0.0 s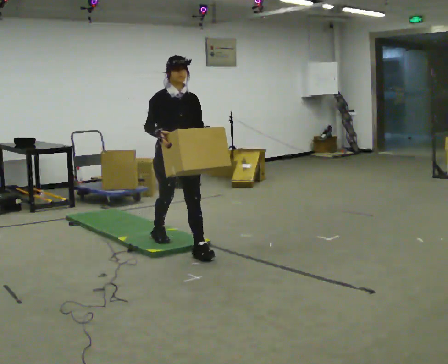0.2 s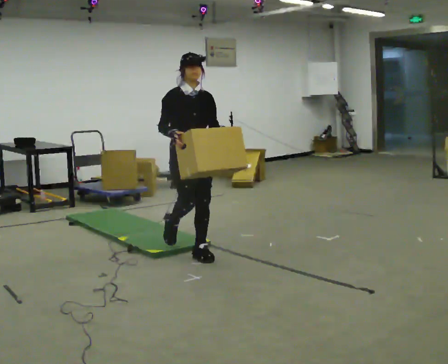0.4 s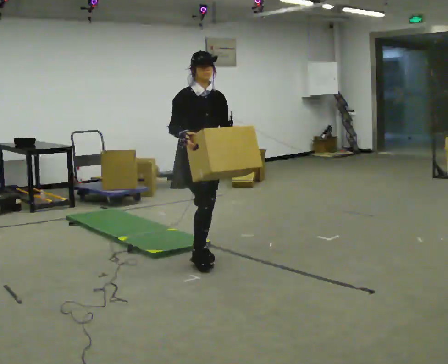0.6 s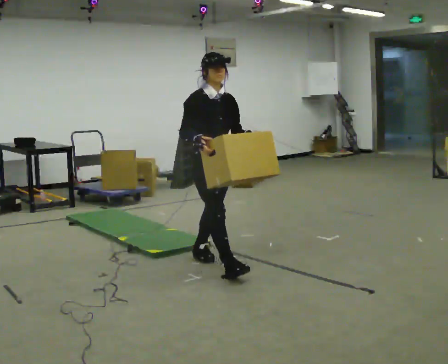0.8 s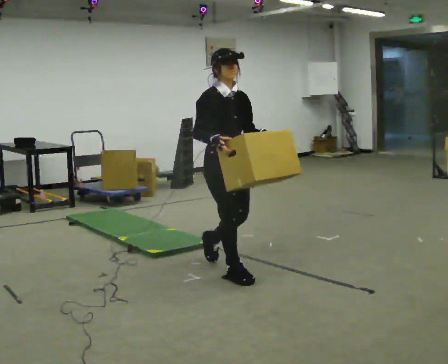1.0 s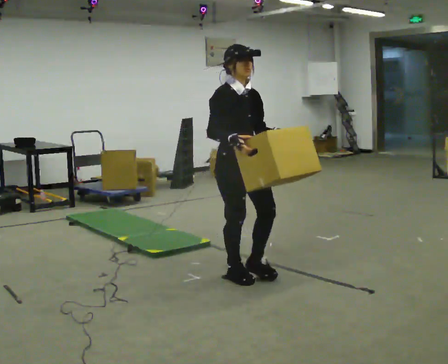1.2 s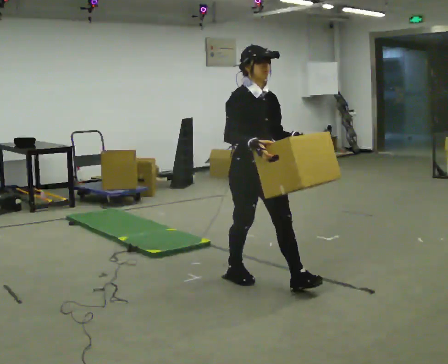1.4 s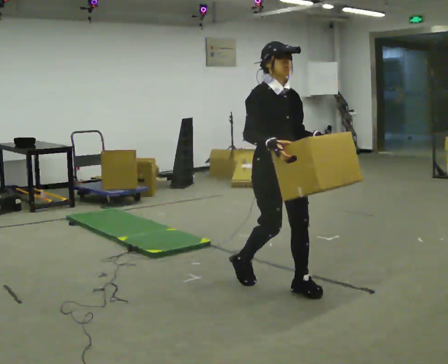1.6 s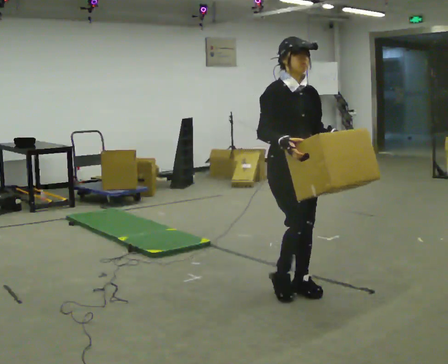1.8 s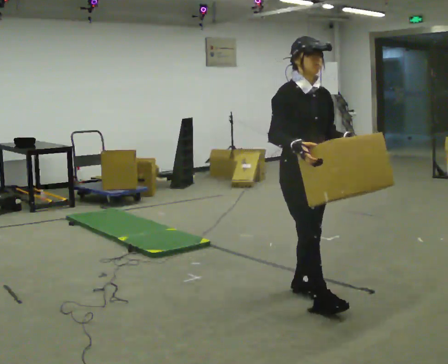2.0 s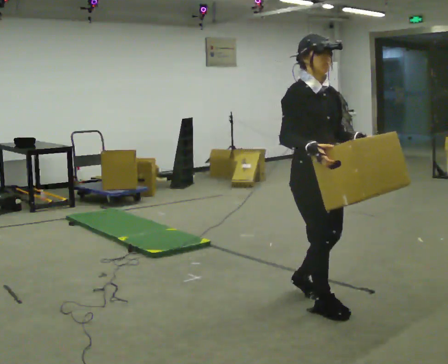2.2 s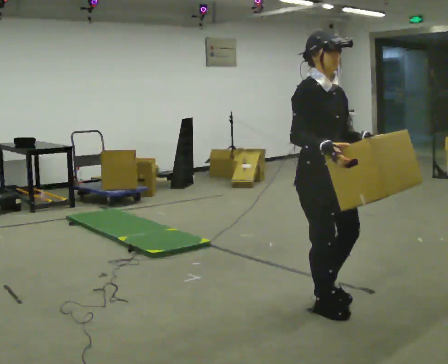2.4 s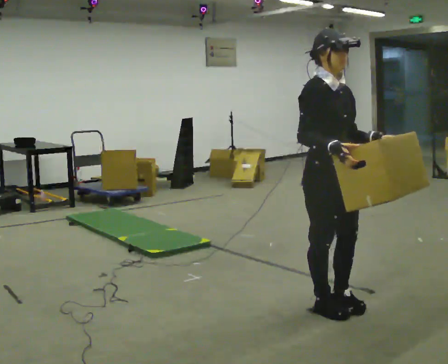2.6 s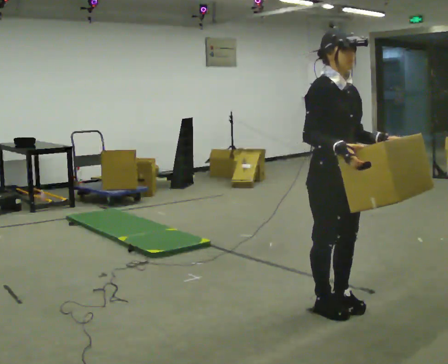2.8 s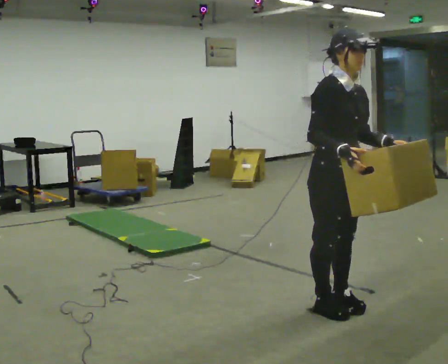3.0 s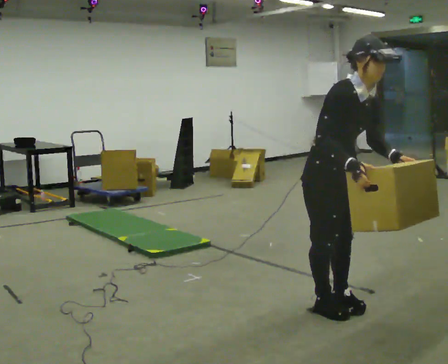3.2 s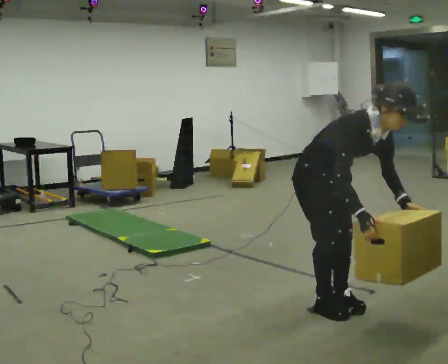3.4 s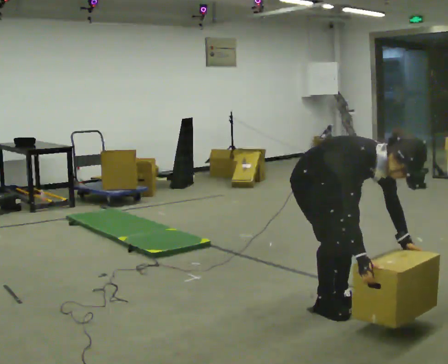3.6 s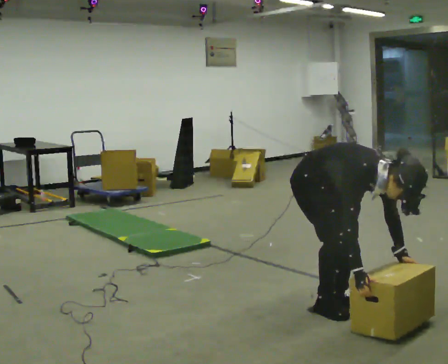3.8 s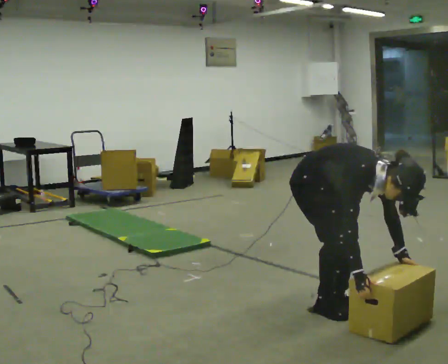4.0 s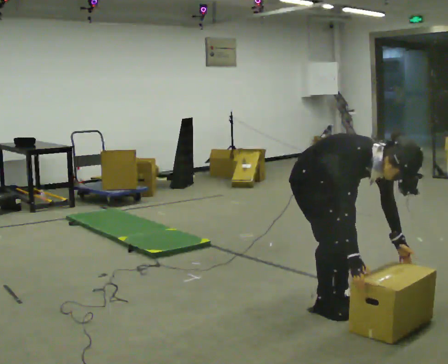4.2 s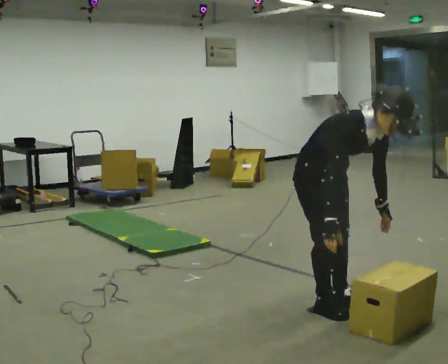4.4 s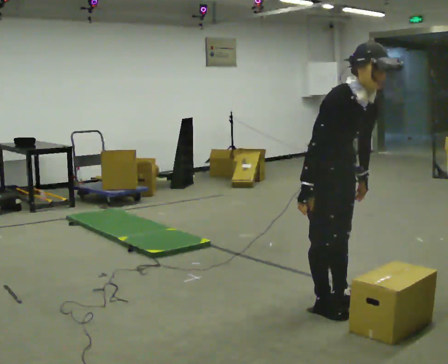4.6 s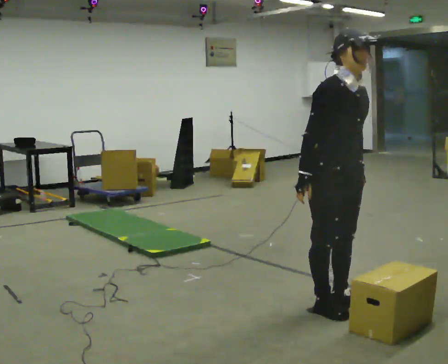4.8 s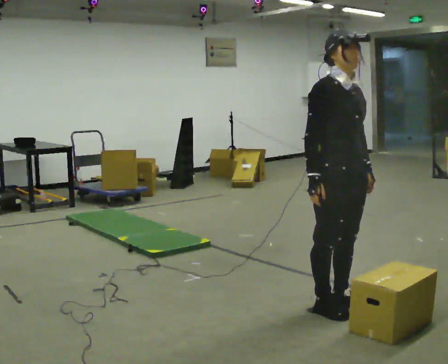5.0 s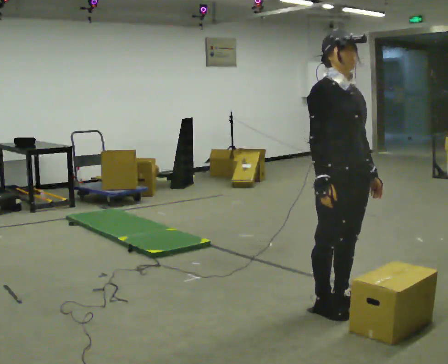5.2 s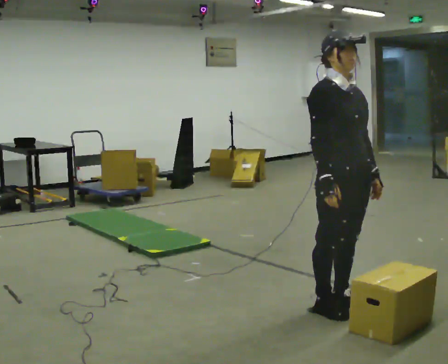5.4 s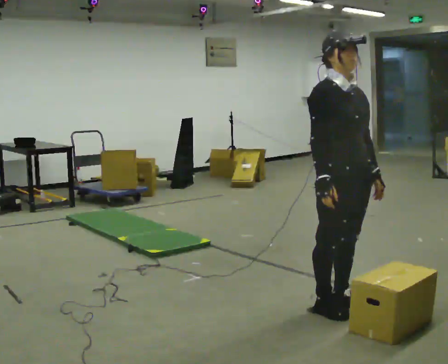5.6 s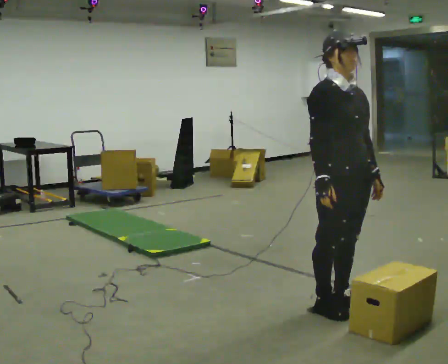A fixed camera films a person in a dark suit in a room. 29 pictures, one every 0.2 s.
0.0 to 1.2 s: In the picture they go toward the camera and to the right, about 1 m in 1 step, which for them is forward.
1.2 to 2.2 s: In the picture they go toward the camera and to the right, about 0.5 m in 2 steps, which for them is forward.
2.2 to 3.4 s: The shoulders move downward. In the picture the upper body tilts clockwise, shoulders to the right, as they bend forward. In the picture their right hand goes downward.
3.4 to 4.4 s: The upper body goes upward. In the picture the upper body tilts counterclockwise, shoulders to the left, as they lean back or straighten. In the picture their right hand goes upward and to the left.
4.4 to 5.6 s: The upper body tips away from the camera, its near side rolling upward, as they lean back or straighten.
The film runs forward here.
